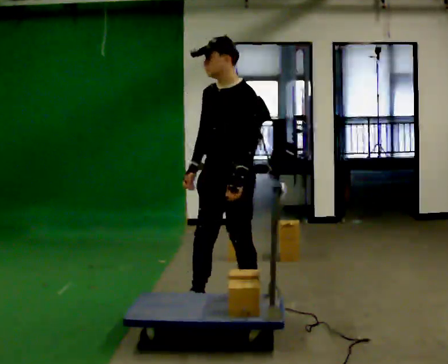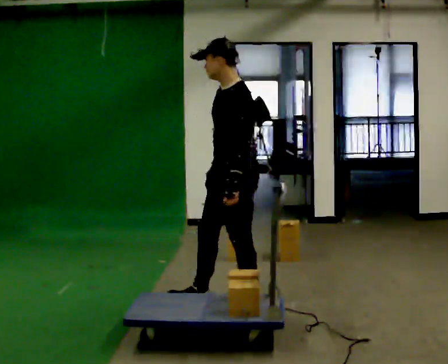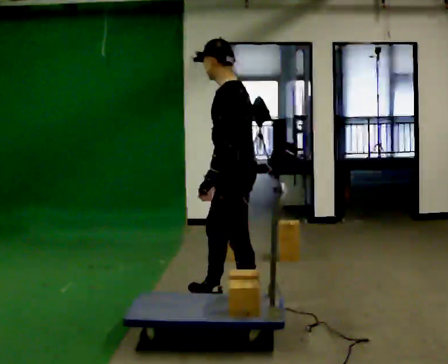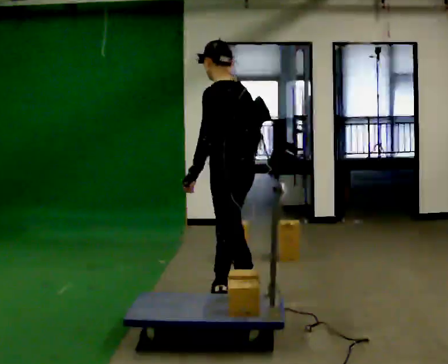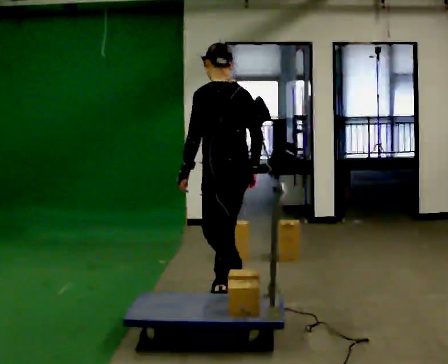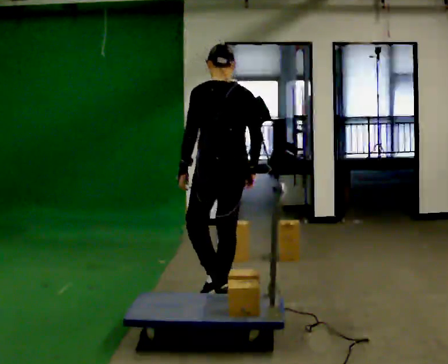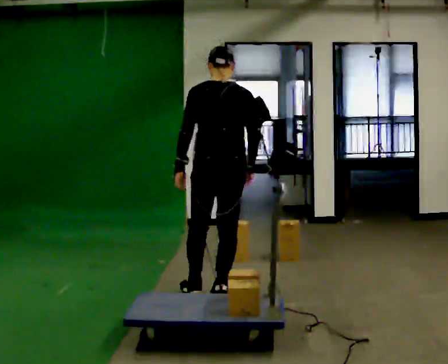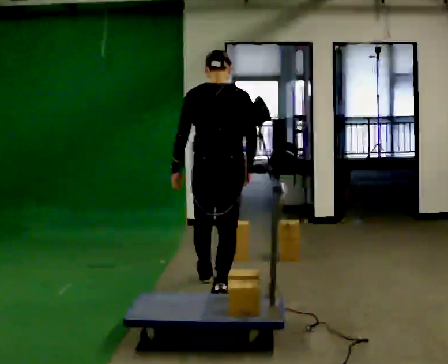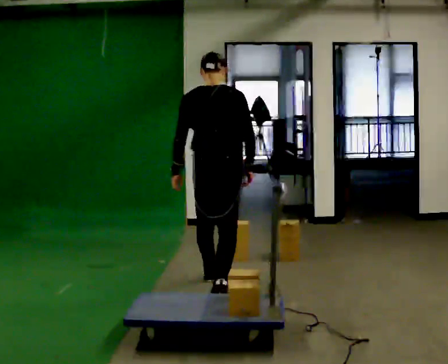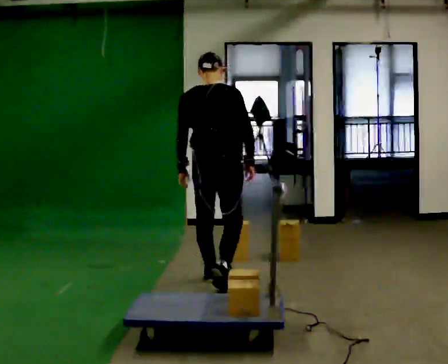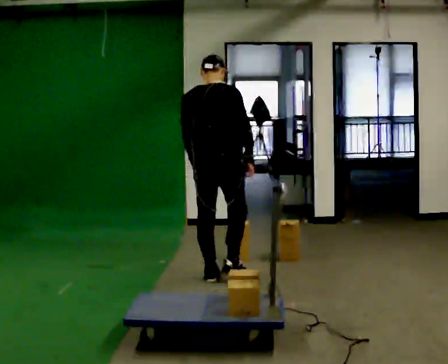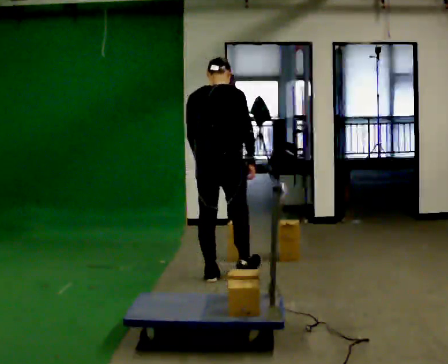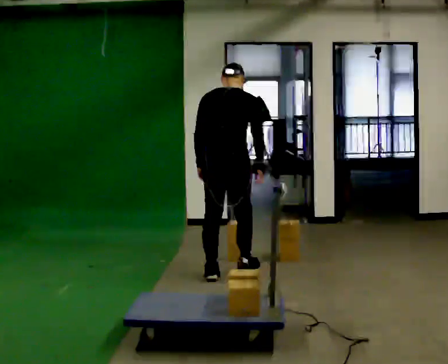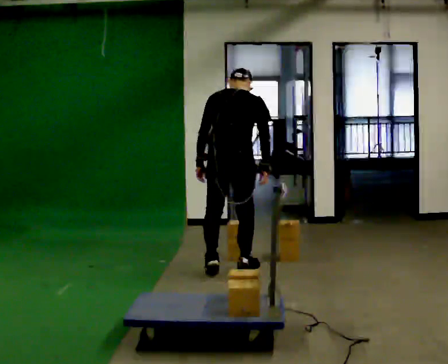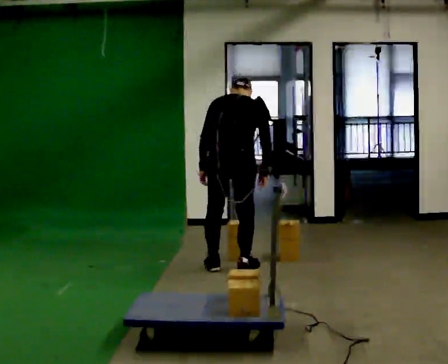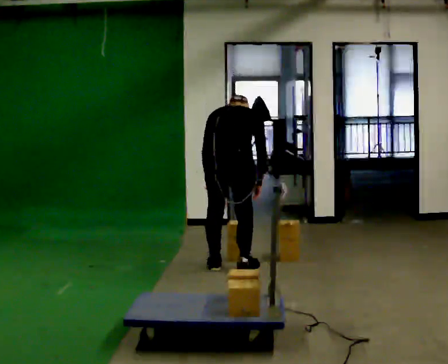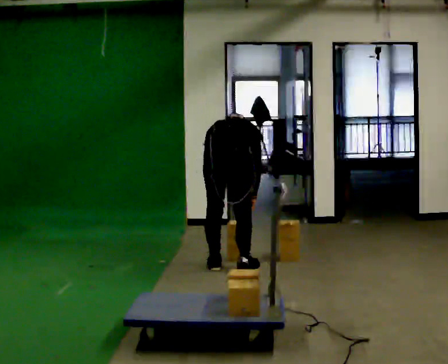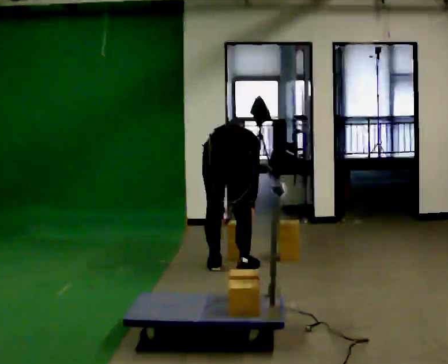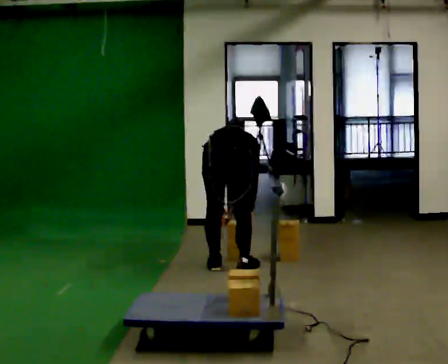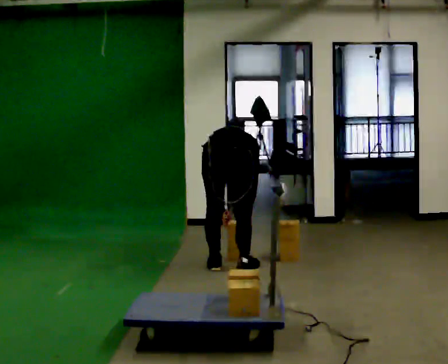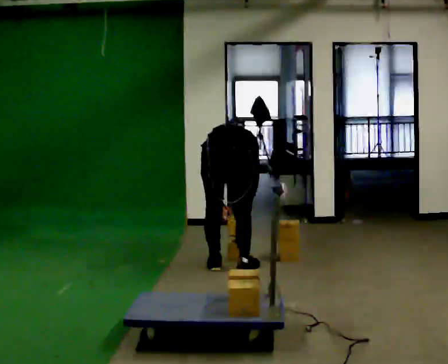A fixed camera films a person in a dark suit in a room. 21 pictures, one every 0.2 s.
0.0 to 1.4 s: Seen from above the body turns clockwise, about 135 degrees: to their right, with its near side sliding to the left. In the picture they go away from the camera, about 0.5 m in 1 step.
1.4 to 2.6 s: In the picture they go away from the camera, about 0.5 m in 2 steps, which for them is forward.
2.6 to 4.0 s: The upper body goes downward. The upper body tips away from the camera, its near side rolling upward, as they bend forward. In the picture their left hand goes downward.
The film runs forward here.
